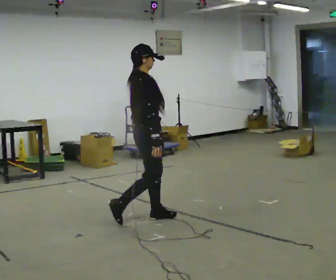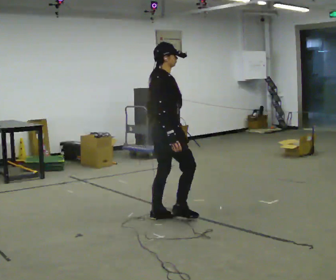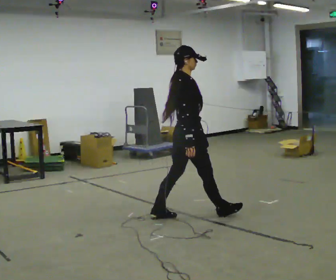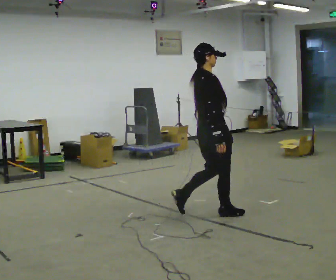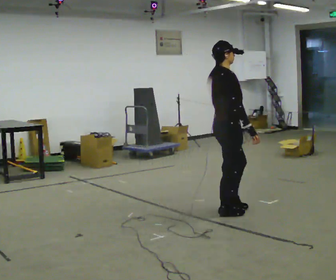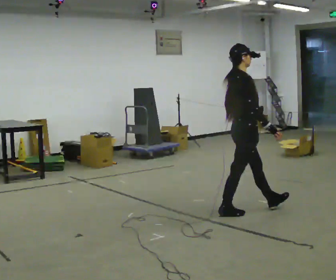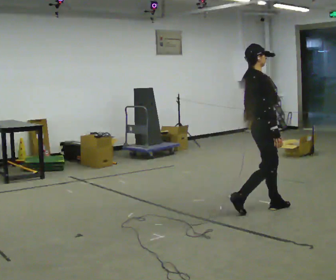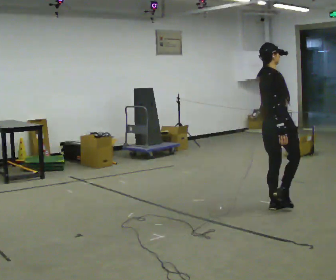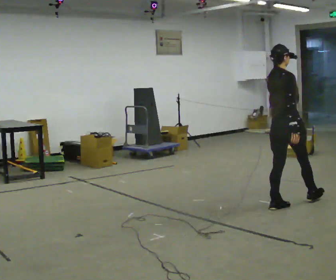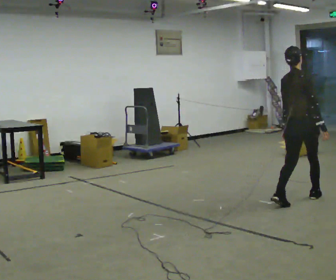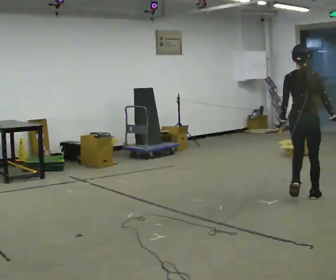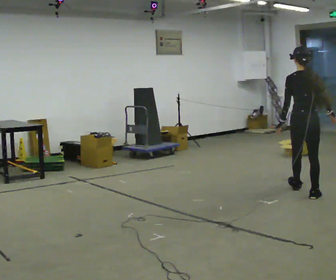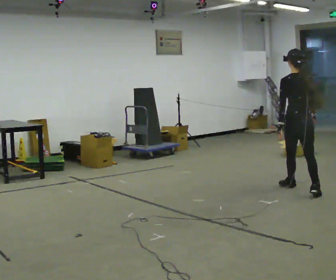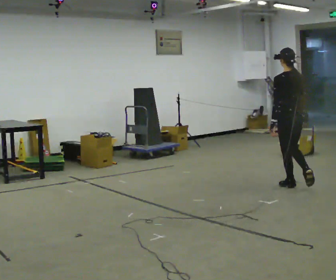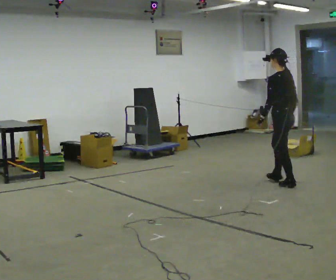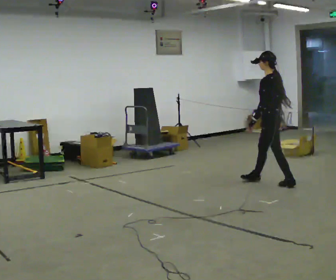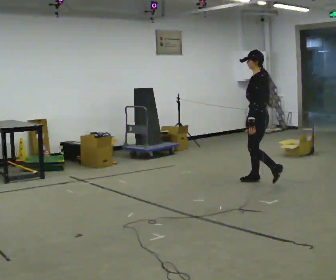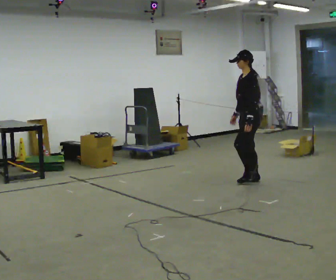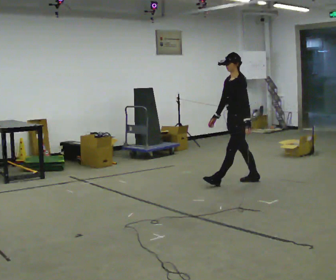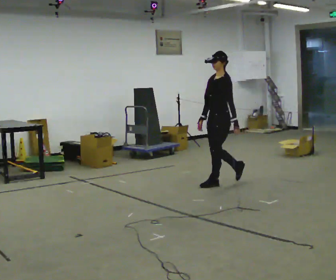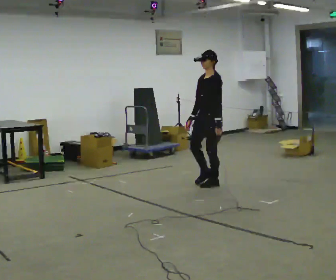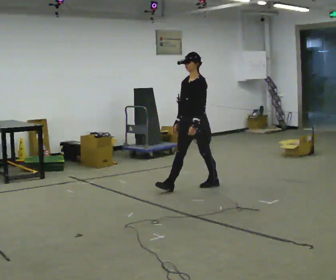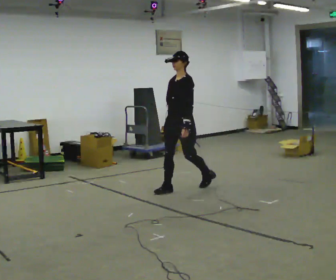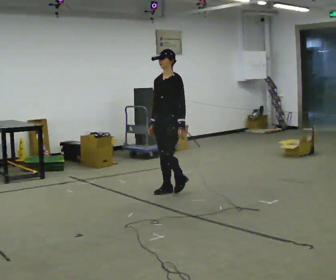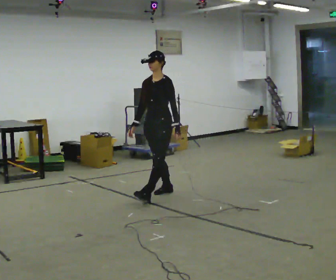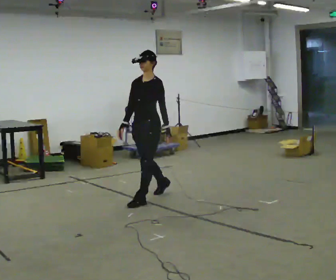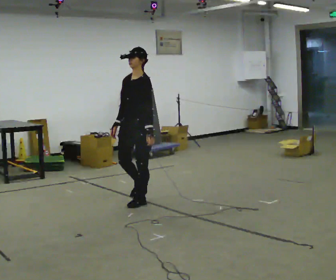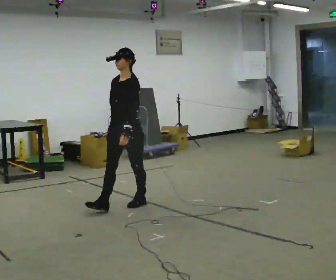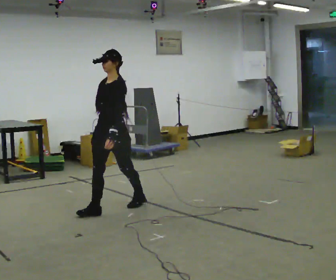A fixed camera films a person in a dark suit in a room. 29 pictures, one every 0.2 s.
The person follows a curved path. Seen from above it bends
counterclockwise.
The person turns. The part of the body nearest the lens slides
to the right.
0.0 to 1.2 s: In the picture they go to the right and away from the camera, about 1 m in 2 steps, which for them is forward.
1.2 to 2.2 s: The person turns about 90 degrees to their left, counterclockwise seen from above, so the part of the body nearest the lens slides to the right. In the picture they go away from the camera and to the right, about 0.75 m in 1 step.
2.2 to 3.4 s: The person turns about 105 degrees to their left, counterclockwise seen from above, so the part of the body nearest the lens slides to the right. In the picture they go to the left and away from the camera, about 1 m in 2 steps.
3.4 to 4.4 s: The part of the body nearest the lens slides to the right as the person turns to their left by about 30 degrees. In the picture they go to the left and toward the camera, about 1 m in 2 steps, which for them is forward.
4.4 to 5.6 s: In the picture they go toward the camera and to the left, about 1 m in 2 steps, which for them is forward.
The film runs forward here.
